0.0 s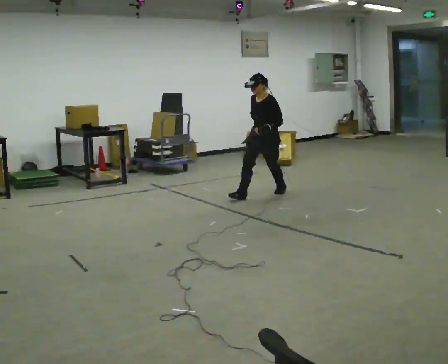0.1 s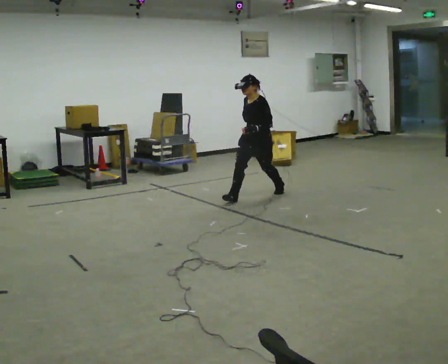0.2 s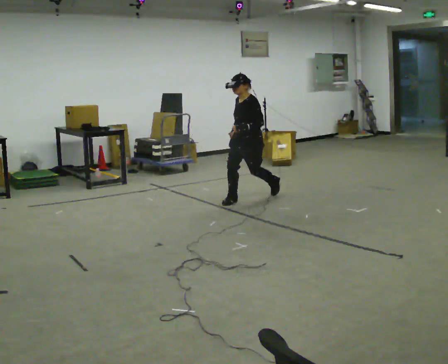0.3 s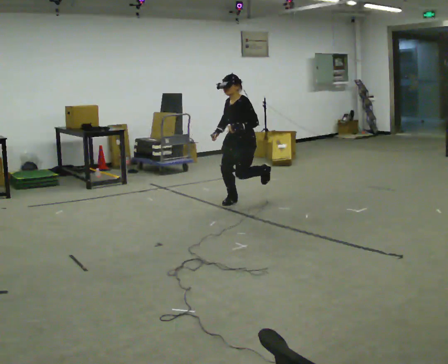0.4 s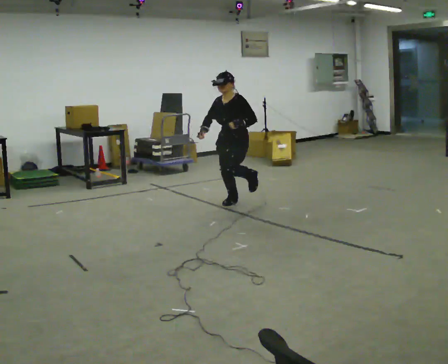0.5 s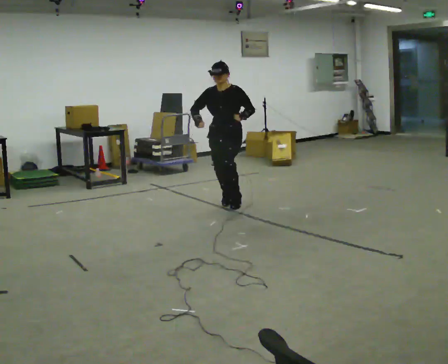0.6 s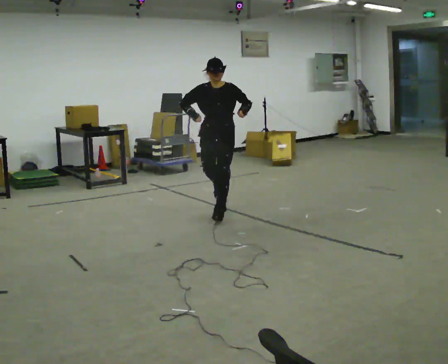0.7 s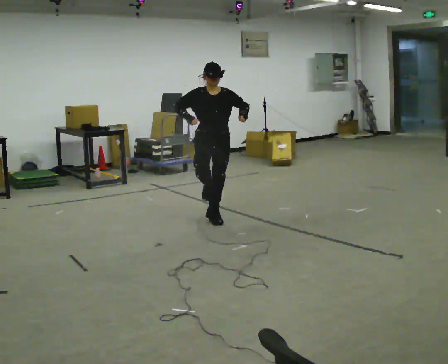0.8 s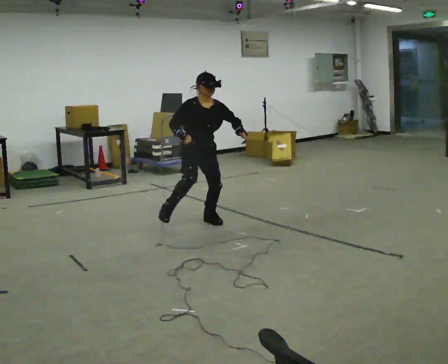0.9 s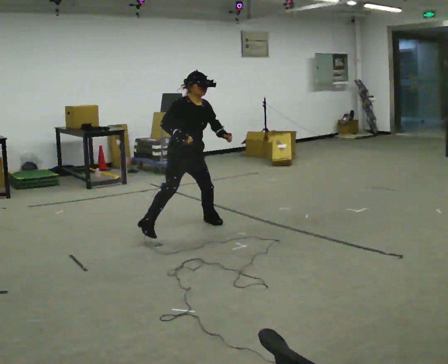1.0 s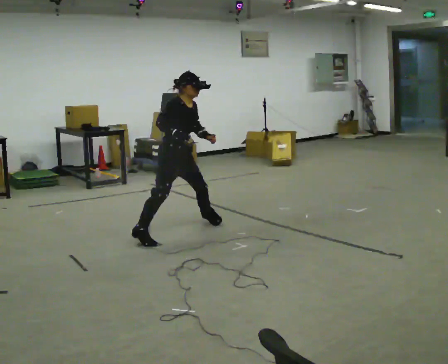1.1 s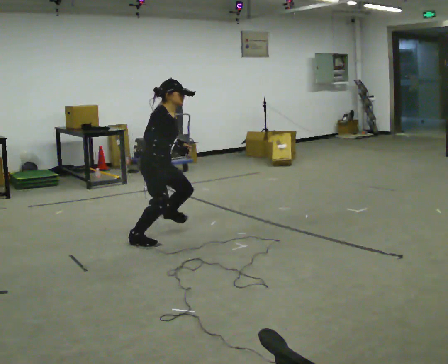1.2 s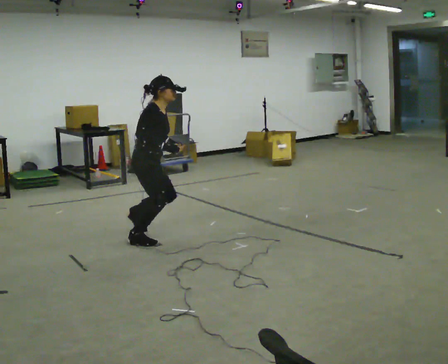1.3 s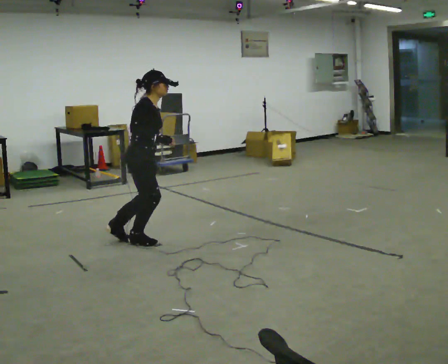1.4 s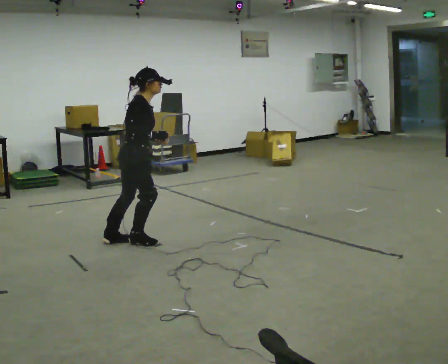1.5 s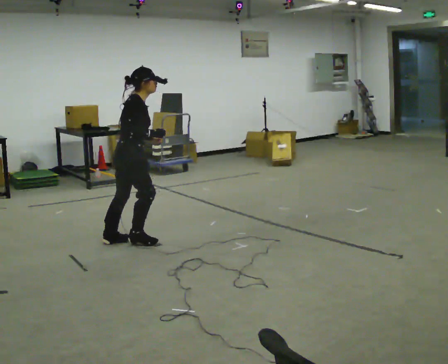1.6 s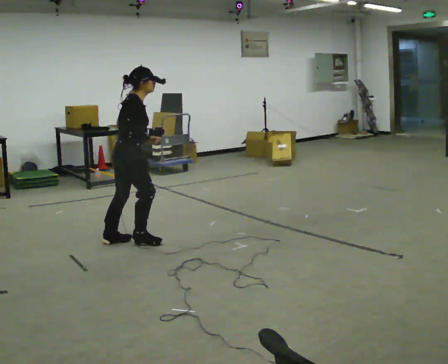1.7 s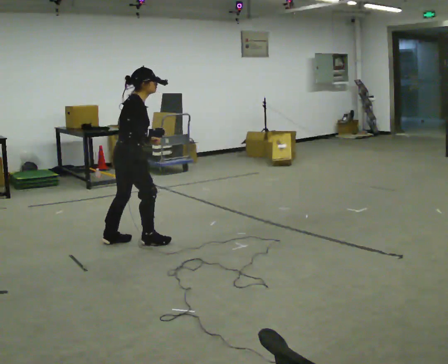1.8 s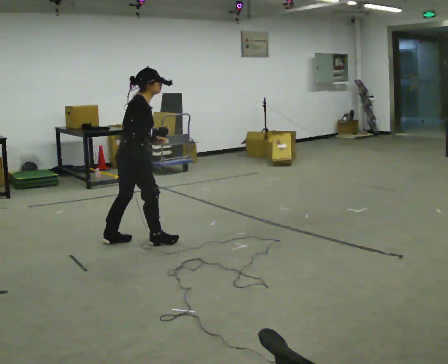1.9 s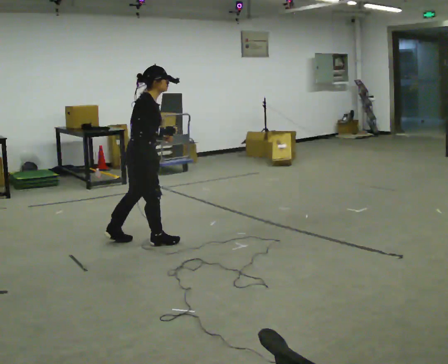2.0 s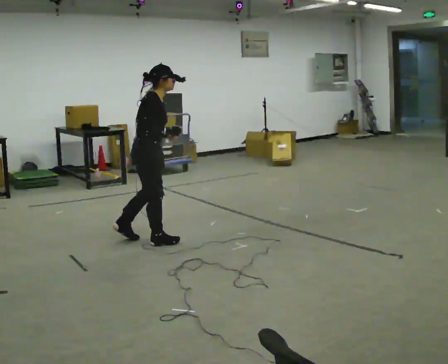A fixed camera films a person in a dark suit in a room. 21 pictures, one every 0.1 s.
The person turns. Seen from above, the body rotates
counterclockwise.
The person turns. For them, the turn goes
to their left.
0.0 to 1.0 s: Seen from above the body turns counterclockwise, about 105 degrees: to their left, with its near side sliding to the right. In the picture they go toward the camera and to the left, about 1.5 m in 3 steps. In the picture the upper body tilts clockwise, shoulders to the right.
1.0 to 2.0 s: Seen from above the body turns counterclockwise, about 45 degrees: to their left, with its near side sliding to the right. In the picture they go toward the camera and to the left, about 0.25 m in 2 steps, which for them is backward and to their right.
The film runs backward here.
